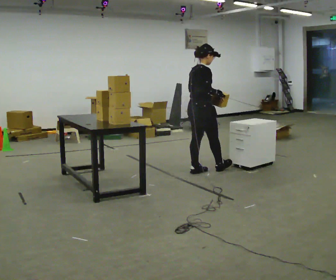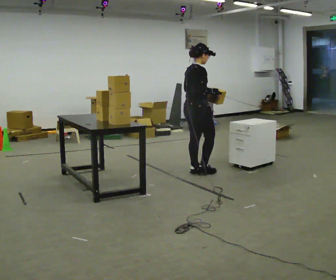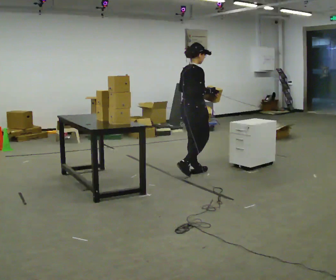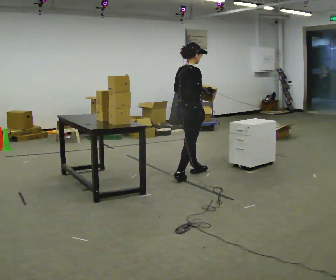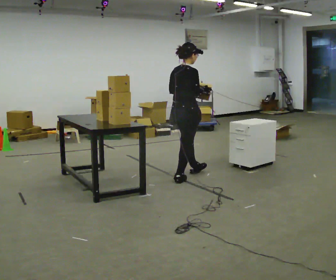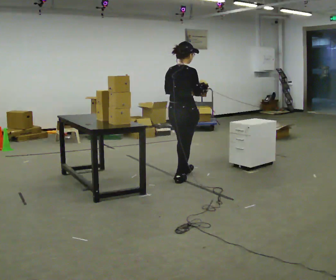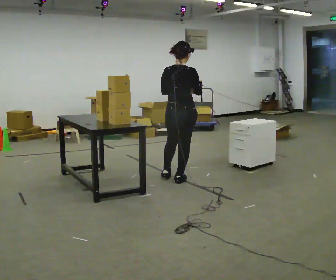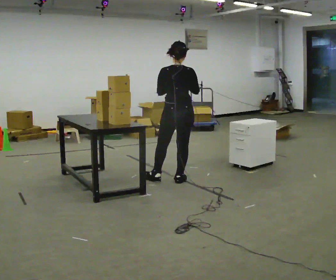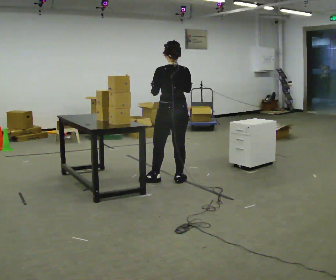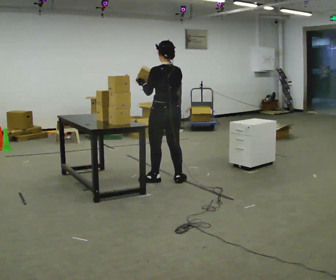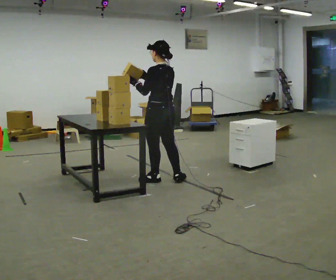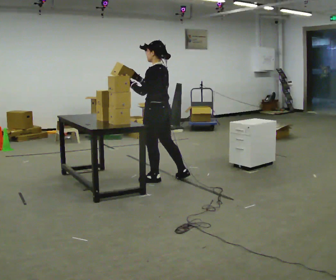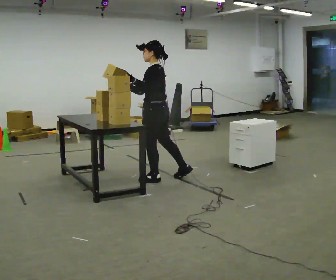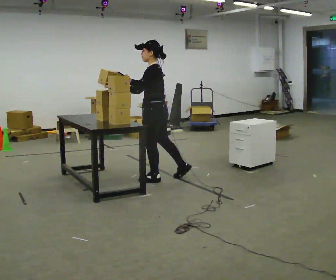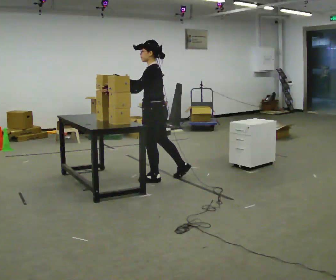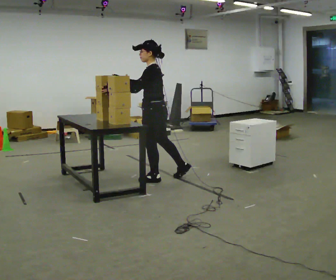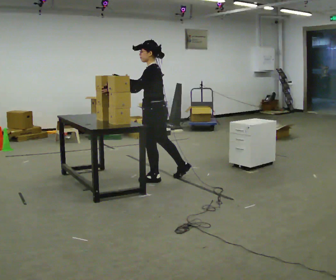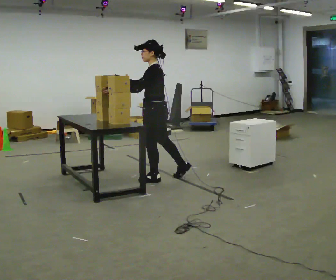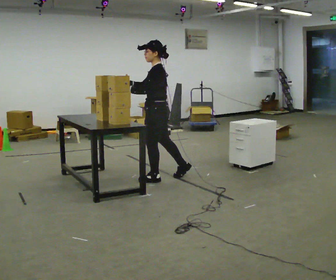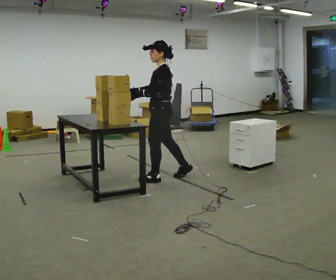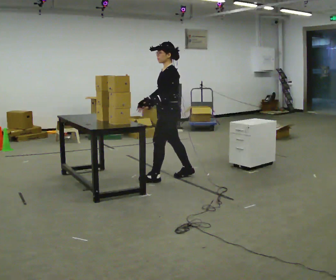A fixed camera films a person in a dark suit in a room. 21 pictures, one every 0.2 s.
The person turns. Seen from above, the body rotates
counterclockwise.
The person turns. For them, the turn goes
to their left.
0.0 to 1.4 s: The person turns about 60 degrees to their left, counterclockwise seen from above, so the part of the body nearest the lens slides to the right. In the picture they go toward the camera and to the left, about 0.5 m in 1 step, which for them is backward.
1.4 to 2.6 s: The part of the body nearest the lens slides to the right as the person turns to their left by about 75 degrees. In the picture they go to the left, about 0.25 m in 1 step. In the picture their right hand goes to the left.
2.6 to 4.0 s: The person moves a little, or ends about where they began.
The film runs backward here.
